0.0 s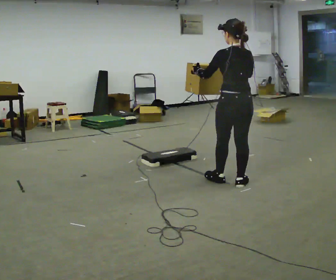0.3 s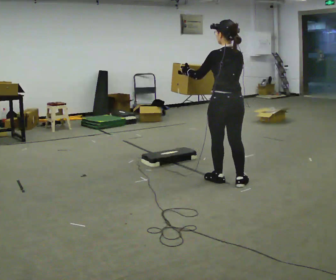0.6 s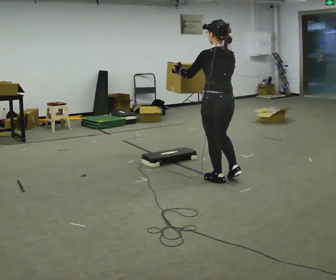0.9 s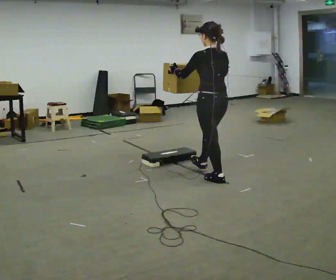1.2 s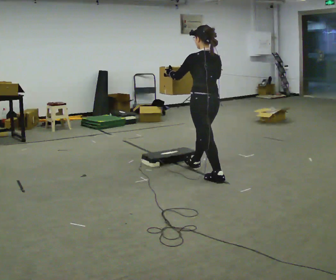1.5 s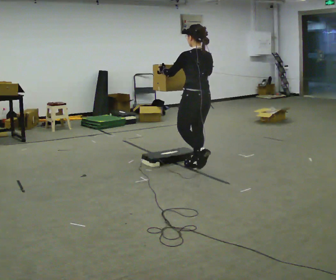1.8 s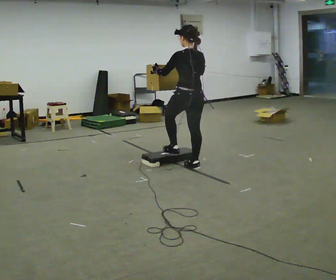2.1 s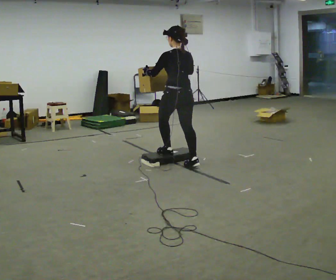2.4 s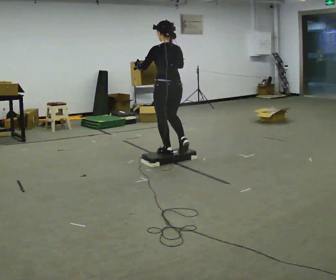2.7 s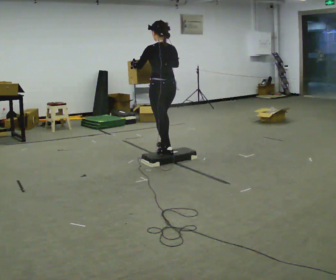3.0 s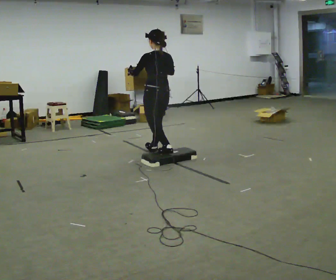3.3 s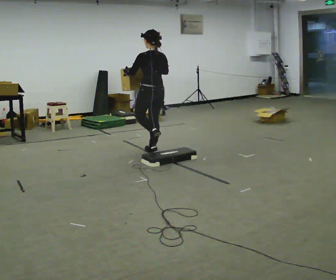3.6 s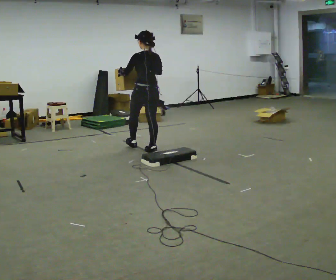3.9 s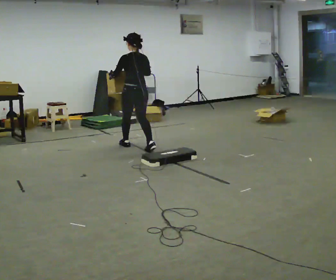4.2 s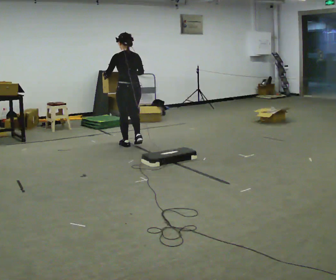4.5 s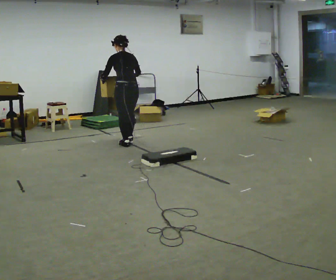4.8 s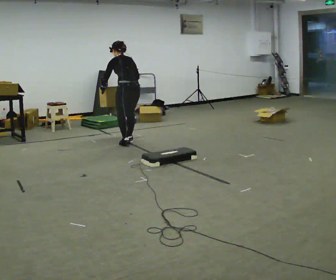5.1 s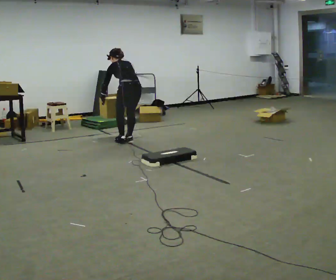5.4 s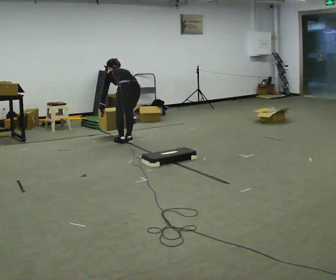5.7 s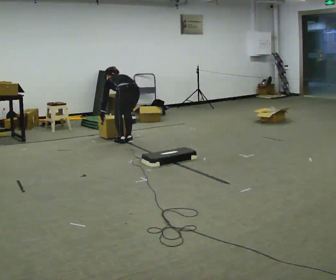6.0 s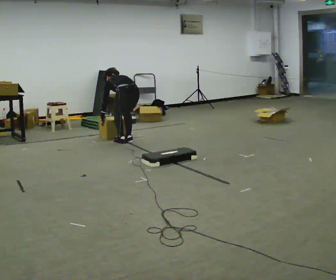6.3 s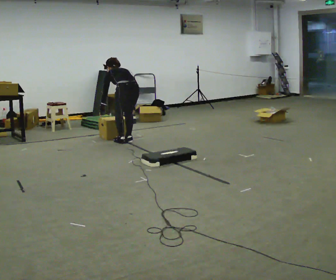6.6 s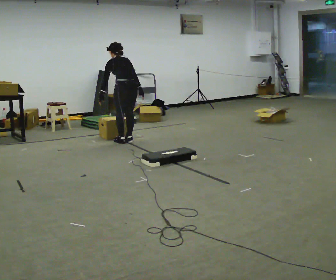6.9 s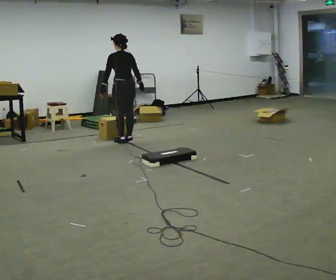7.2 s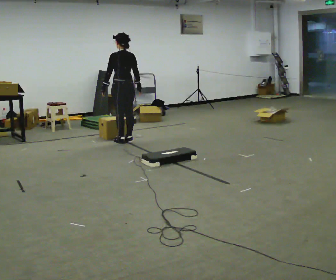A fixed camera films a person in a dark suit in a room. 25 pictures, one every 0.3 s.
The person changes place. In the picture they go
away from the camera.
0.0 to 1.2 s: In the picture they go away from the camera and to the left, about 0.5 m in 1 step, which for them is forward.
1.2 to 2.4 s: In the picture they go away from the camera and to the left, about 0.75 m in 1 step, which for them is forward.
2.4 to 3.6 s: In the picture they go away from the camera and to the left, about 0.5 m in 1 step, which for them is forward.
3.6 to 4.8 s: In the picture they go away from the camera and to the left, about 0.5 m in 2 steps, which for them is forward. The upper body tips away from the camera, its near side rolling upward, as they bend forward.
4.8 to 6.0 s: The shoulders move downward. The upper body tips away from the camera, its near side rolling upward, as they bend forward. In the picture their left hand goes downward.
6.0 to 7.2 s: The upper body goes upward. The upper body tips toward the camera, its near side rolling downward, as they lean back or straighten. In the picture their right hand goes upward.
The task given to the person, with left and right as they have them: Carry the box up onto the platform, across it, and down the other side, then bring it back. Keep going until the operator says stop; one object at a time, and do not rush between trips.
The film runs forward here.
